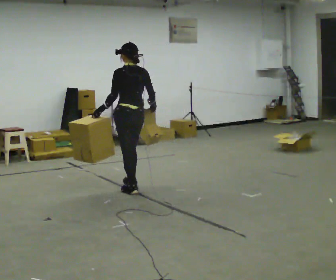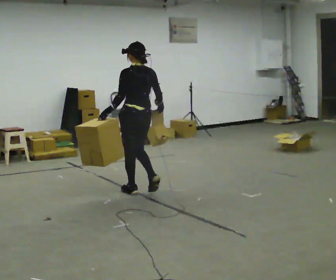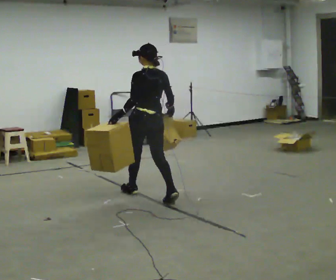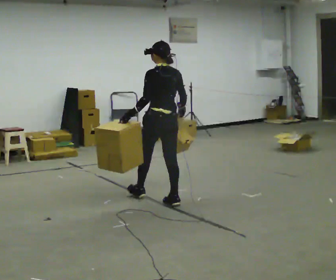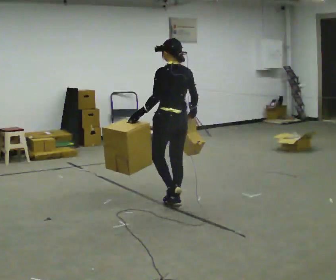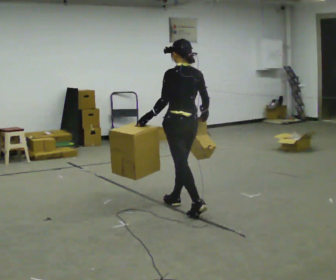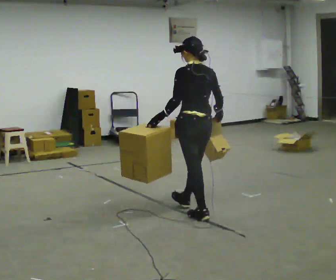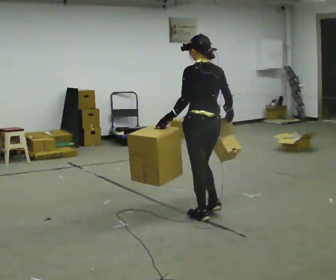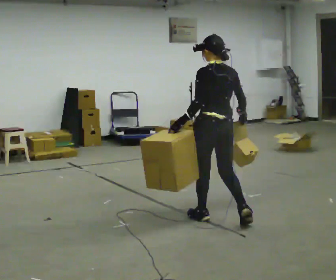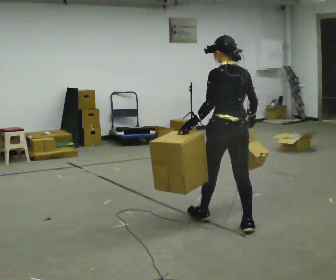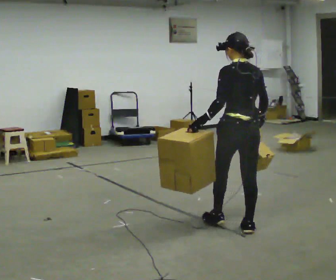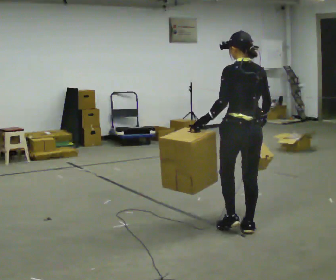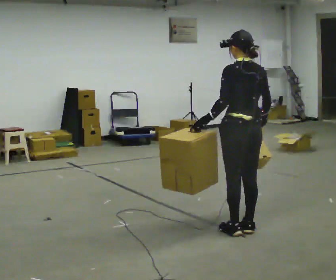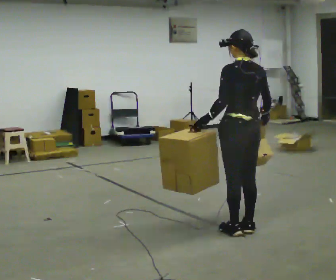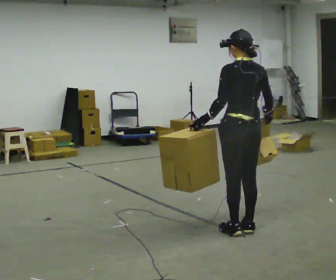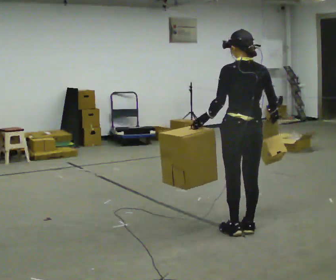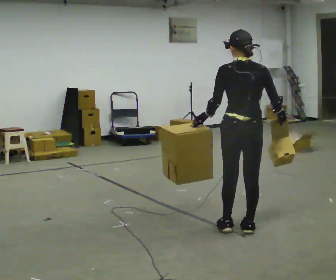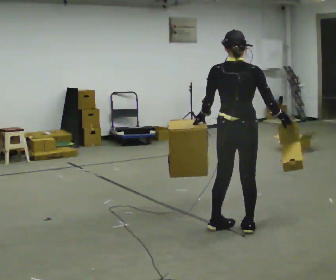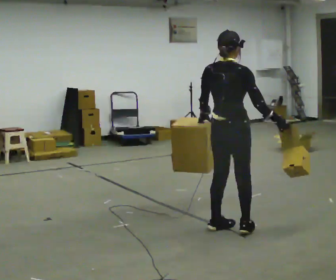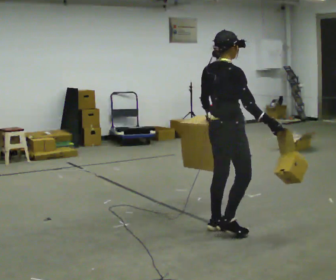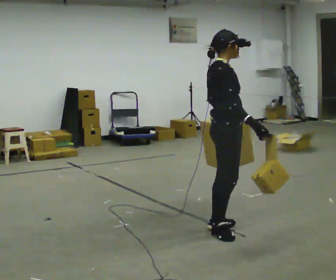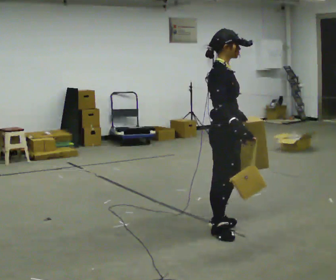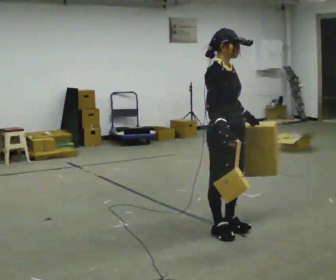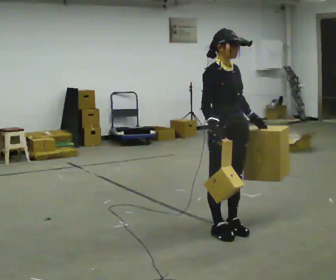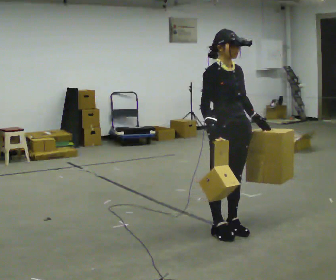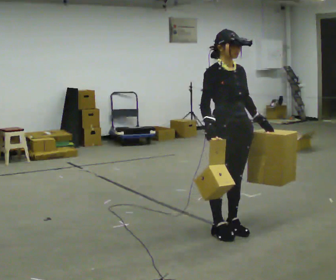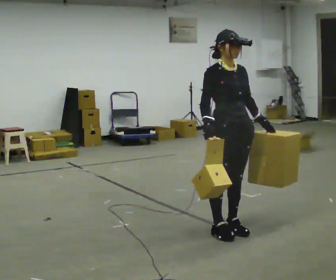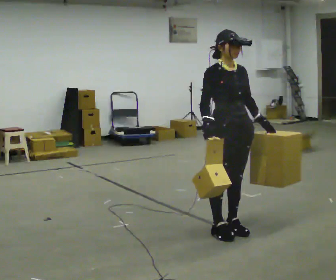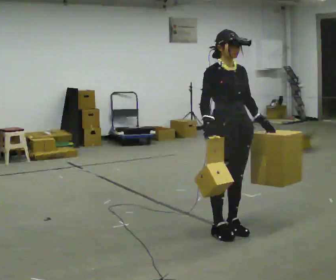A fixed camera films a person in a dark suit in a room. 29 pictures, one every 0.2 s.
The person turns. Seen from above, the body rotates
clockwise.
Their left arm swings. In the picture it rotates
counterclockwise.
0.0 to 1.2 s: In the picture they go to the right and toward the camera, about 1 m in 2 steps, which for them is backward.
1.2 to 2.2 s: In the picture they go to the right and toward the camera, about 0.5 m in 1 step, which for them is backward.
2.2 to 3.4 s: The part of the body nearest the lens slides to the left as the person turns to their right by about 45 degrees.
3.4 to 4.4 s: The part of the body nearest the lens slides to the left as the person turns to their right by about 105 degrees. In the picture their right hand goes to the left.
4.4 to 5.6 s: The person moves a little, or ends about where they began.
The film runs backward here.
